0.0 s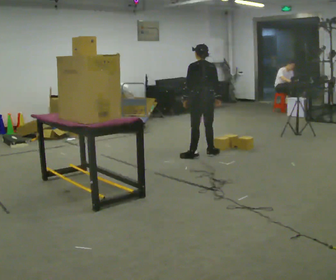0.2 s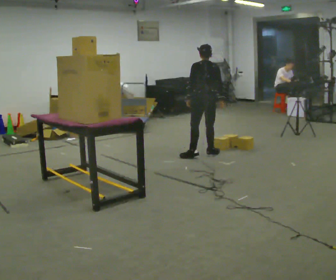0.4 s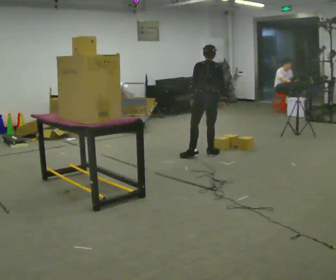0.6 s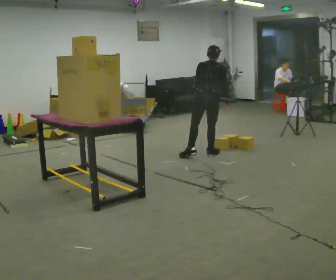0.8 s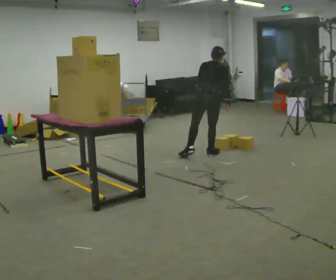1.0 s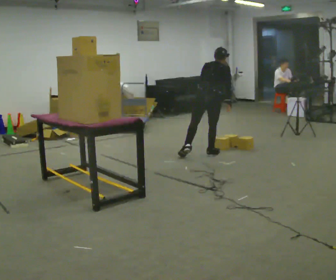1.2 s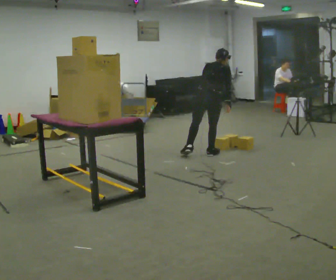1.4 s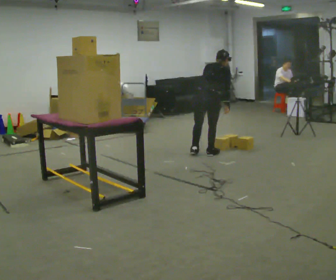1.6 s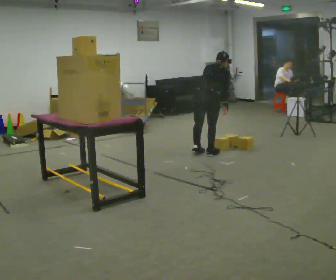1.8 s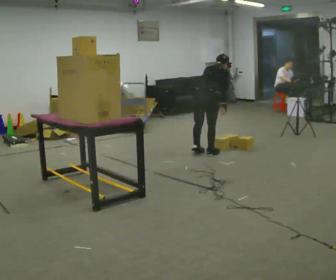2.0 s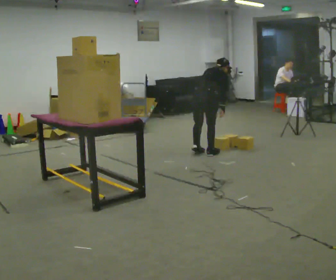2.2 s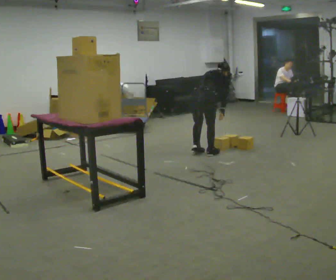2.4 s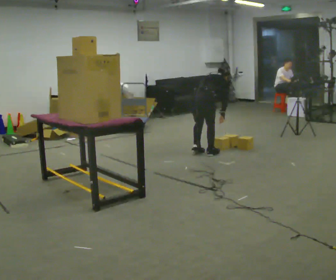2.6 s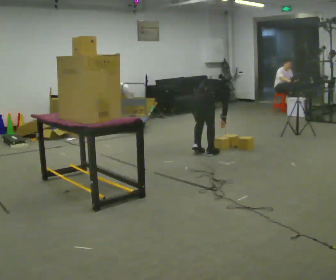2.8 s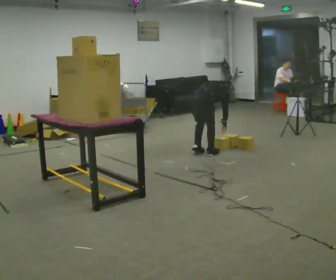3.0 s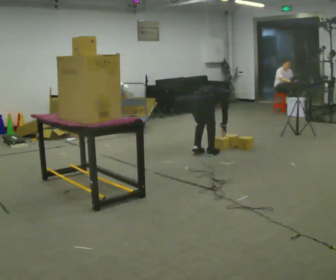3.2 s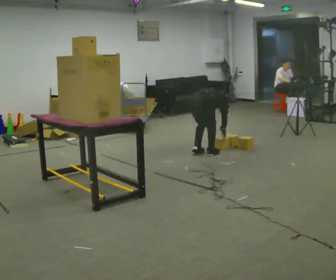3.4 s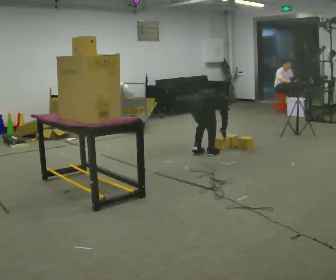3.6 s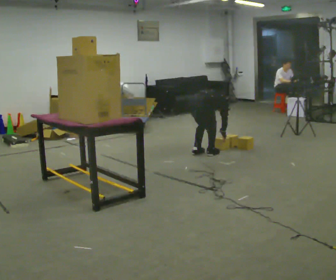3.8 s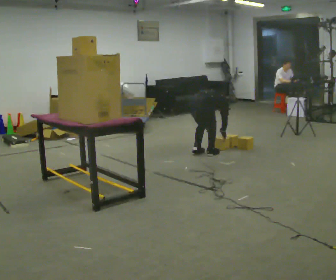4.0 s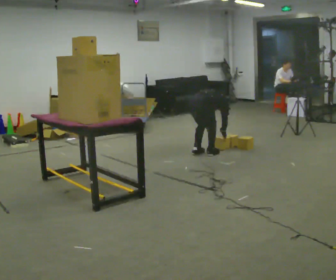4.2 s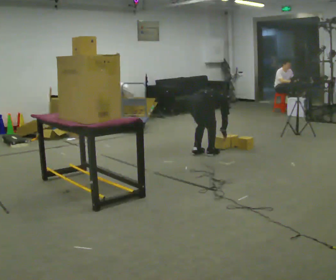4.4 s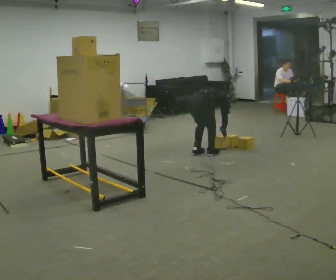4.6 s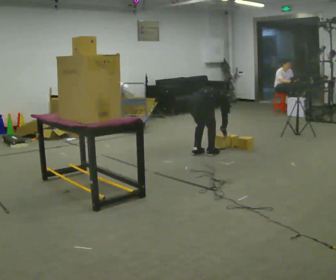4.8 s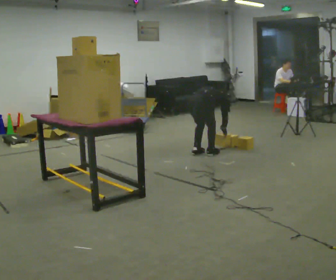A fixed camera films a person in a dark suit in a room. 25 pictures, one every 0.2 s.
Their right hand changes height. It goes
downward.
The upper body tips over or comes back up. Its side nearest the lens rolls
upward.
0.0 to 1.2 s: Seen from above the body turns clockwise, about 45 degrees: to their right, with its near side sliding to the left. In the picture the upper body tilts clockwise, shoulders to the right, as they bend forward.
1.2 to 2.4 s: The shoulders move downward. The upper body tips away from the camera, its near side rolling upward, as they bend forward.
2.4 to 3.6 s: The shoulders move downward. The upper body tips away from the camera, its near side rolling upward, as they bend forward. In the picture their left hand goes downward.
3.6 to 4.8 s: The person moves a little, or ends about where they began.
The film runs backward here.
